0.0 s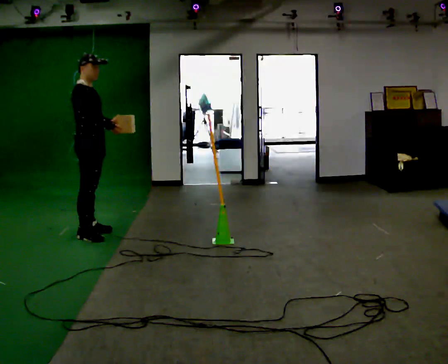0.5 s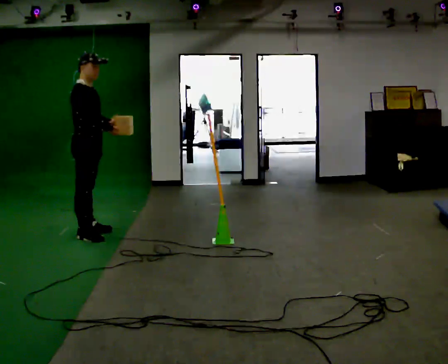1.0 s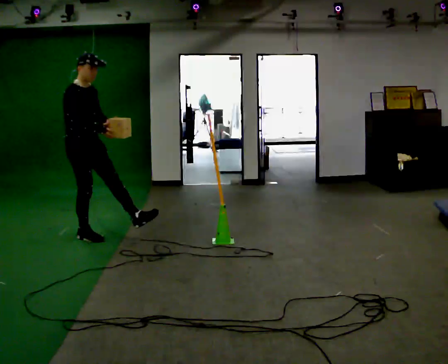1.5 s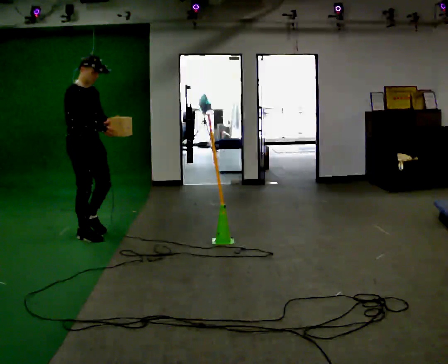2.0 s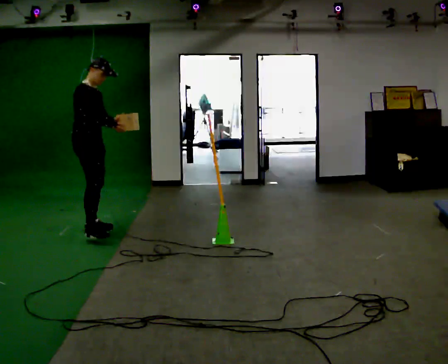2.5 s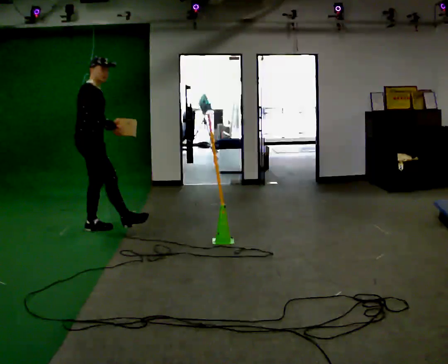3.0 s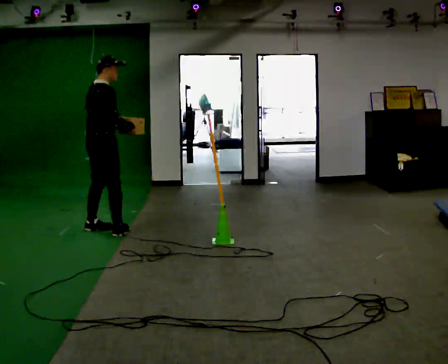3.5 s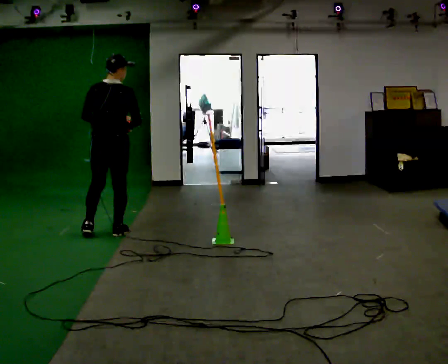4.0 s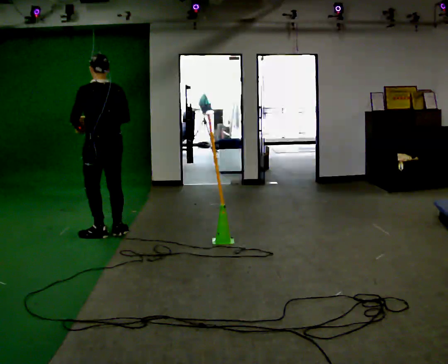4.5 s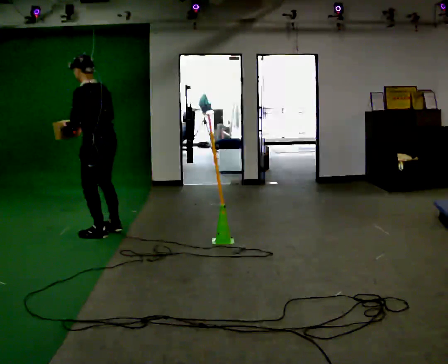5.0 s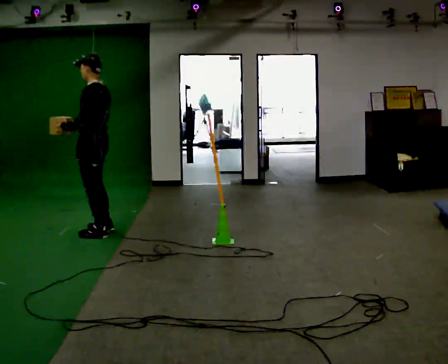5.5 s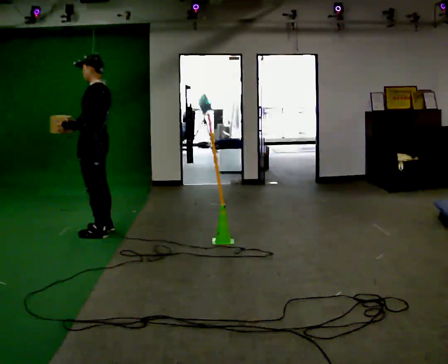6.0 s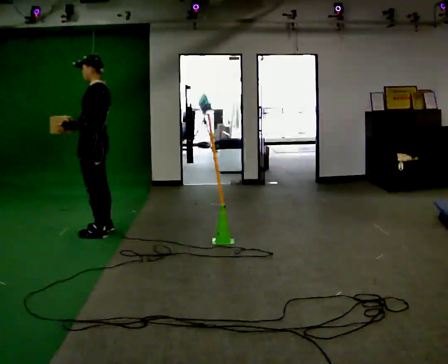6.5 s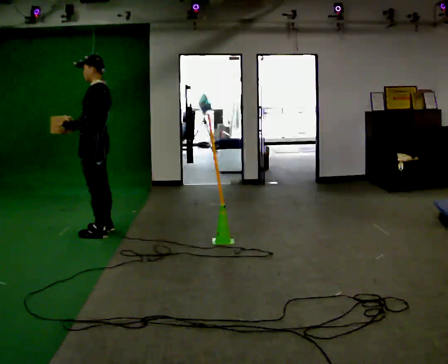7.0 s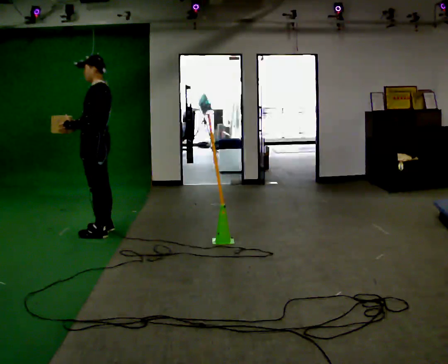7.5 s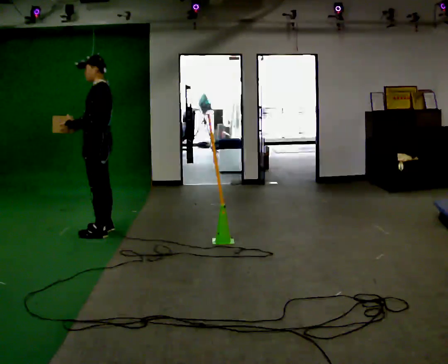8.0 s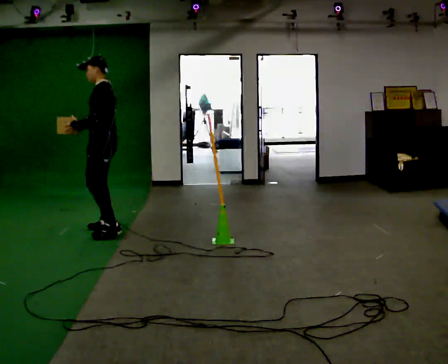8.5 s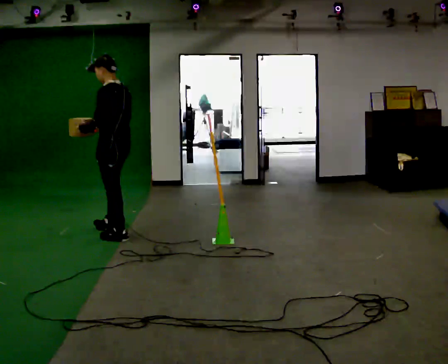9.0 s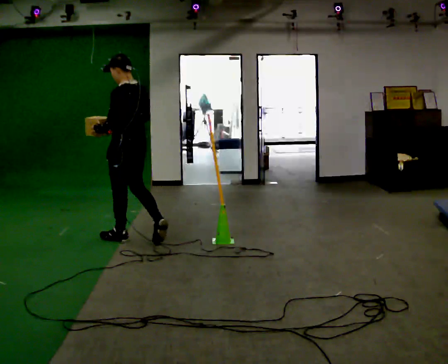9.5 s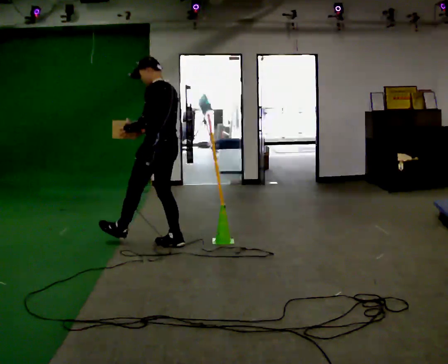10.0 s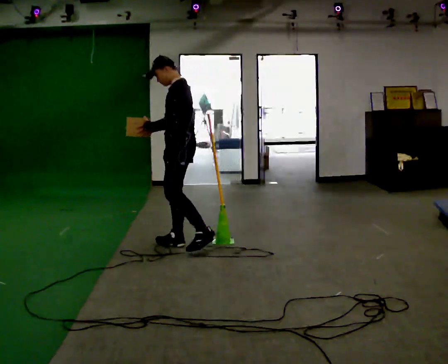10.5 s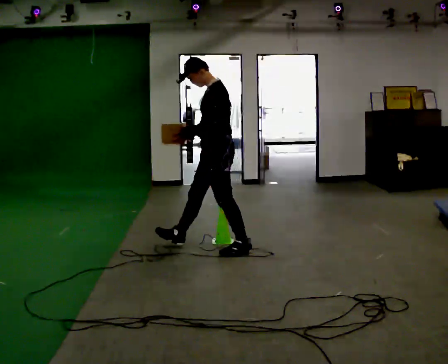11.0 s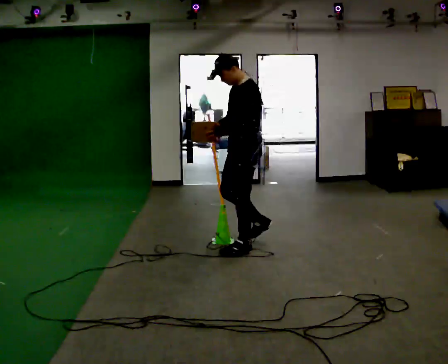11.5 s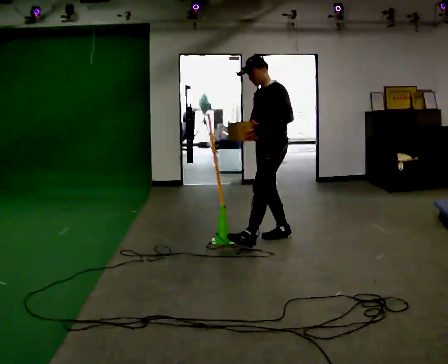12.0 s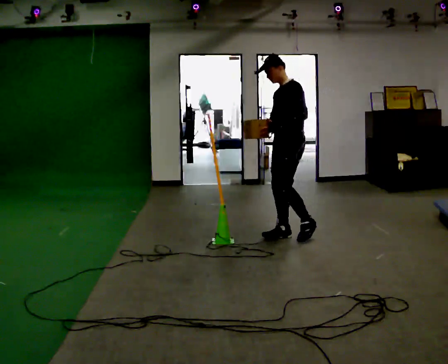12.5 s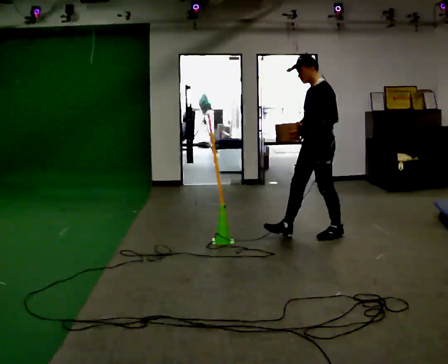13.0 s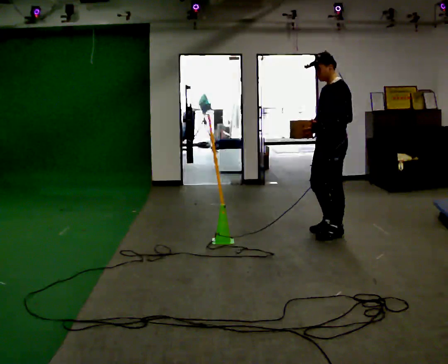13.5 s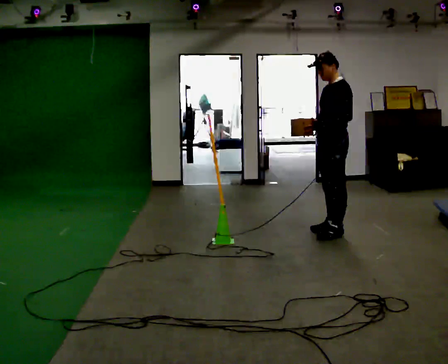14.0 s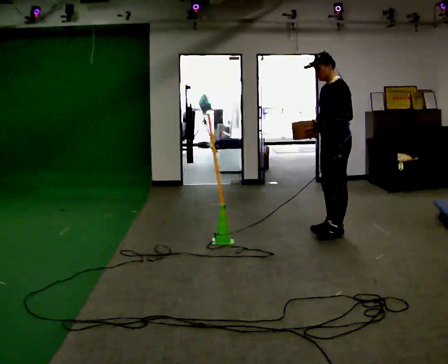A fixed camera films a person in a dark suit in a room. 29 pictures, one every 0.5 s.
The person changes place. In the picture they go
to the right.
0.0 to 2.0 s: The person moves a little, or ends about where they began.
2.0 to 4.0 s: Seen from above the body turns counterclockwise, about 135 degrees: to their left, with its near side sliding to the right. In the picture they go to the right and toward the camera, about 0.25 m in 1 step.
4.0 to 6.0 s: Seen from above the body turns counterclockwise, about 45 degrees: to their left, with its near side sliding to the right.
6.0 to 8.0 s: The person moves a little, or ends about where they began.
8.0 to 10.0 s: In the picture they go to the right and toward the camera, about 1 m in 2 steps, which for them is backward.
10.0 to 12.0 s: In the picture they go to the right, about 1 m in 2 steps, which for them is backward.
12.0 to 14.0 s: In the picture they go to the right, about 0.5 m in 1 step, which for them is backward.
The film runs backward here.
